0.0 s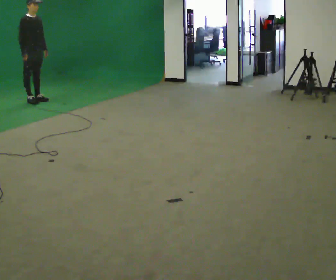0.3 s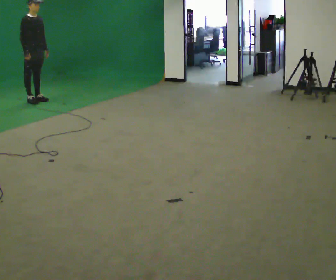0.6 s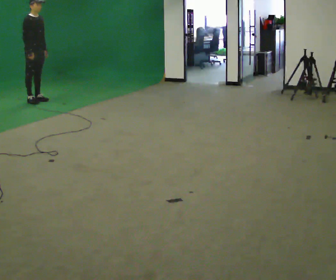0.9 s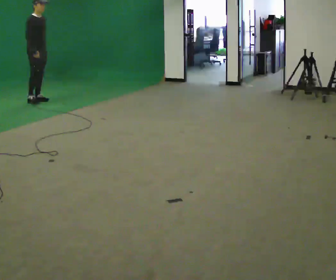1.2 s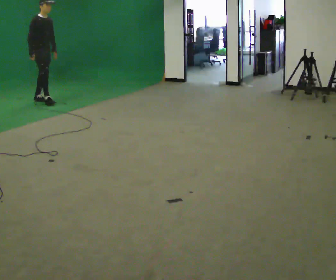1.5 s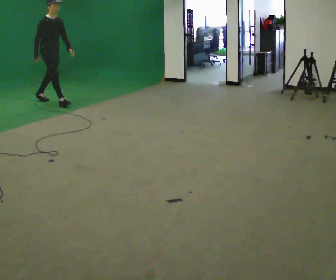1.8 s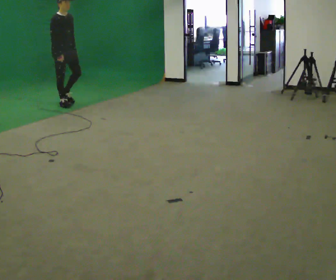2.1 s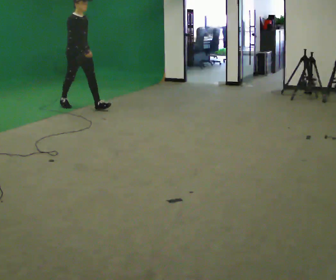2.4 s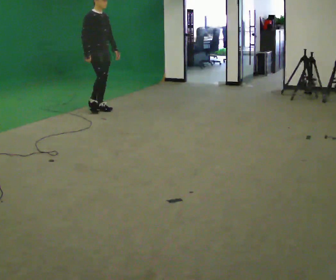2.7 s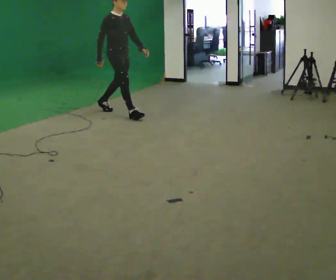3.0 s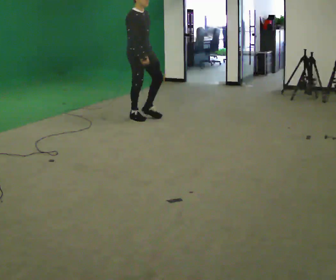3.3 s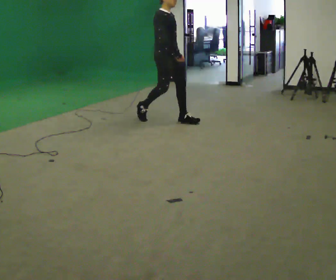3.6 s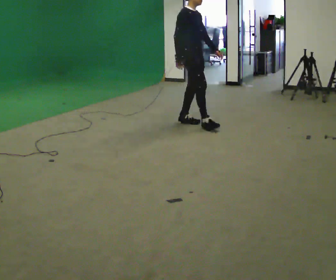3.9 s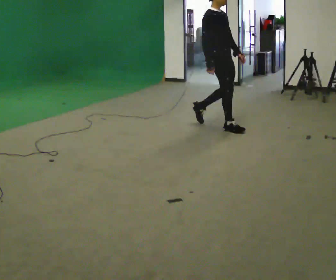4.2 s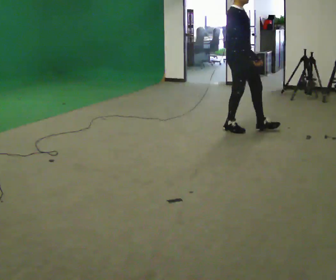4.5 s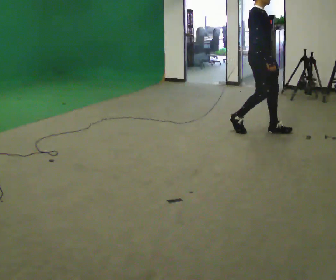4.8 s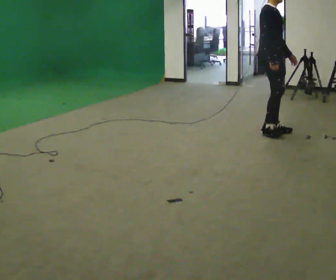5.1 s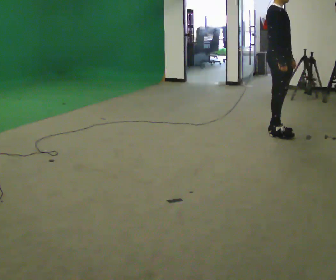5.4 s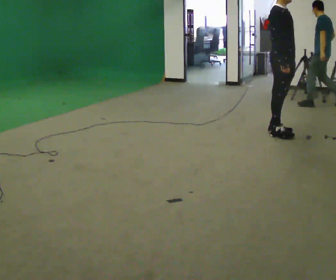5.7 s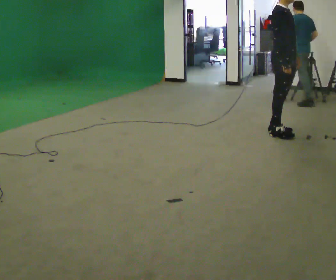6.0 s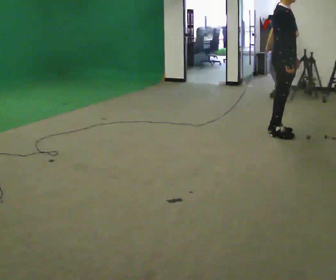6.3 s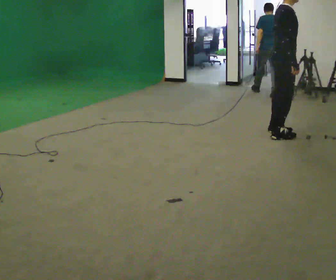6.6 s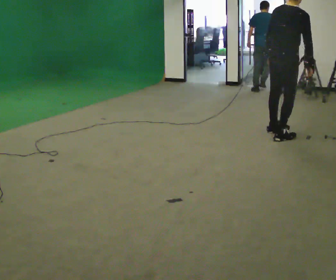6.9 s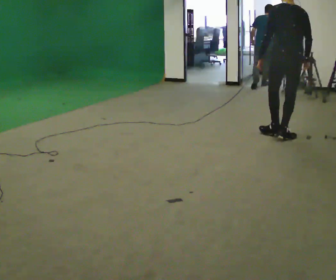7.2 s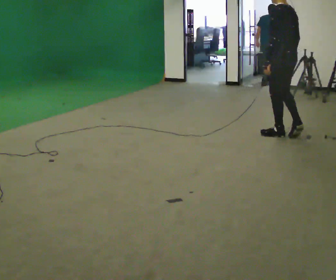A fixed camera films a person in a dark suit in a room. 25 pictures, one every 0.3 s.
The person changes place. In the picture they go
to the right.
0.0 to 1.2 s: In the picture they go to the right, about 0.25 m, which for them is forward.
1.2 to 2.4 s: In the picture they go to the right and toward the camera, about 1.5 m in 2 steps, which for them is forward.
2.4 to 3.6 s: In the picture they go to the right and toward the camera, about 1.5 m in 2 steps, which for them is forward.
3.6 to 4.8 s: In the picture they go to the right and toward the camera, about 1 m in 2 steps, which for them is forward.
4.8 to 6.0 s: The person moves a little, or ends about where they began.
6.0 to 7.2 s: The part of the body nearest the lens slides to the right as the person turns to their left by about 165 degrees. In the picture their left hand goes to the left.
The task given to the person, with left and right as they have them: Start still; walk straight at normal comfortable speed; stop at endpoint.
The film runs forward here.
